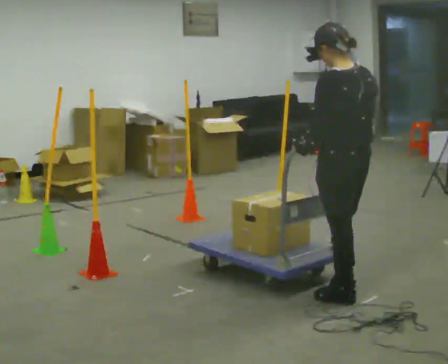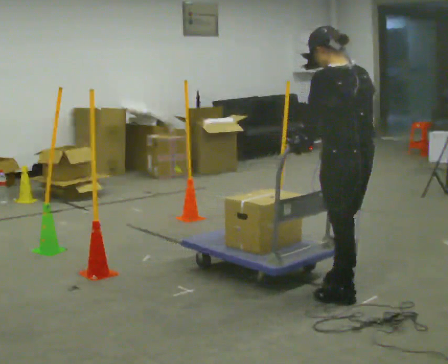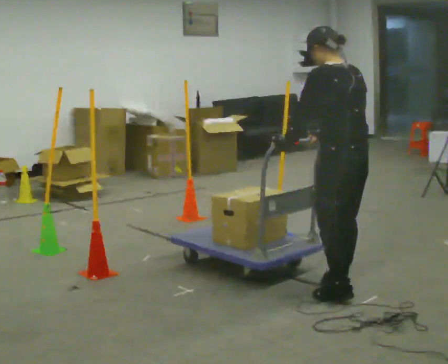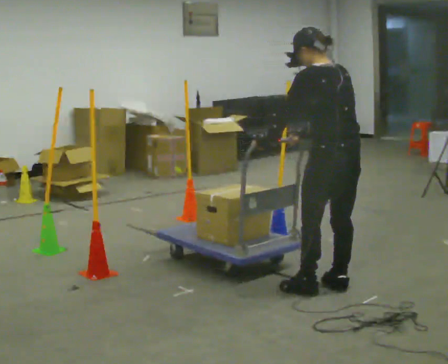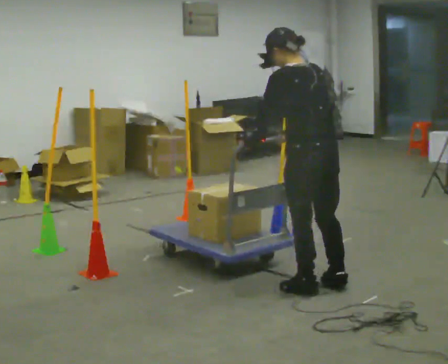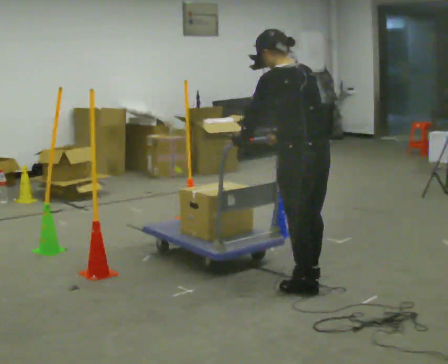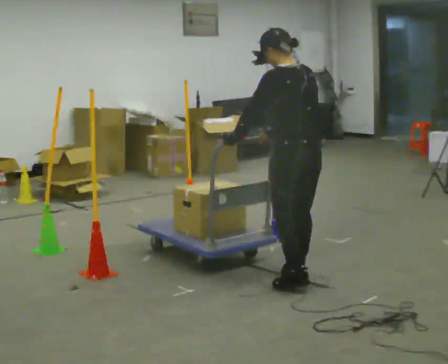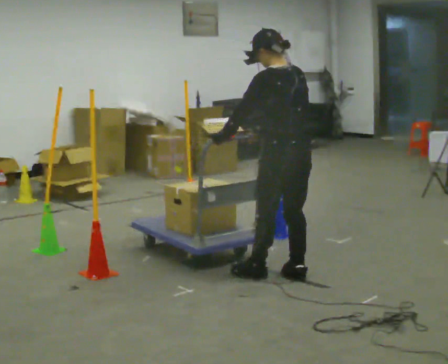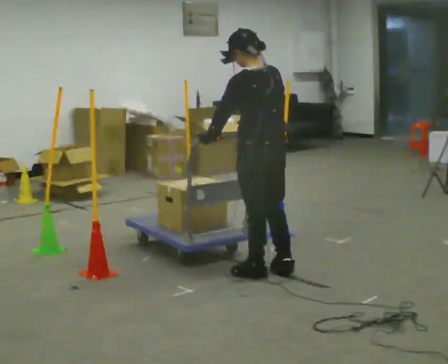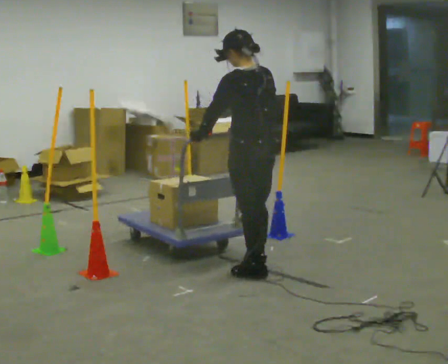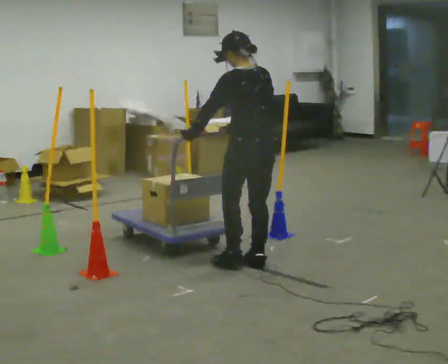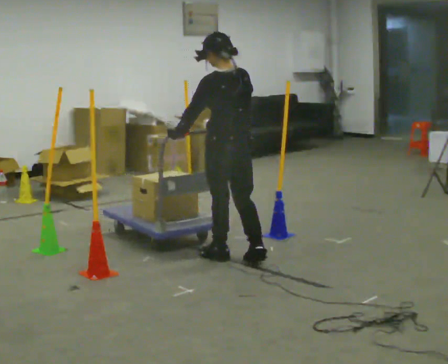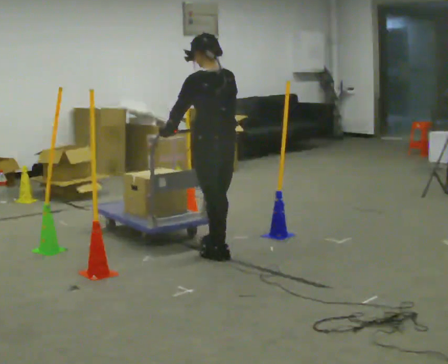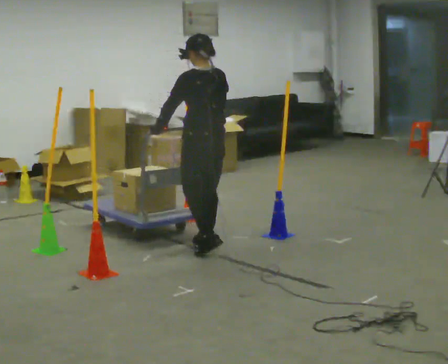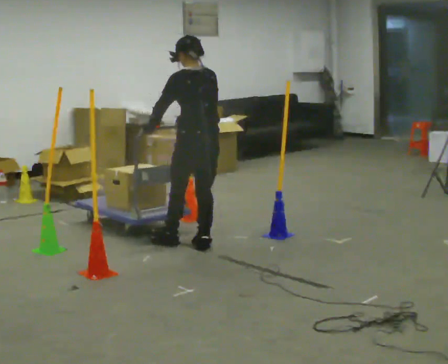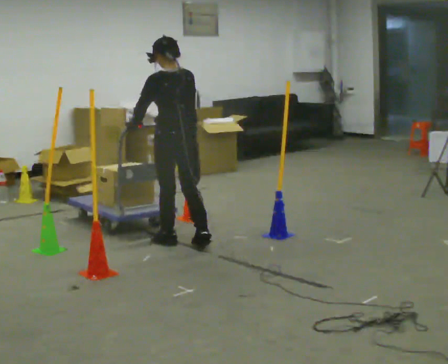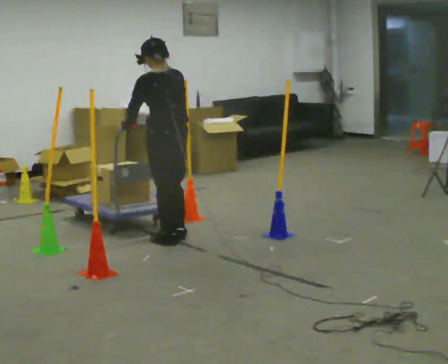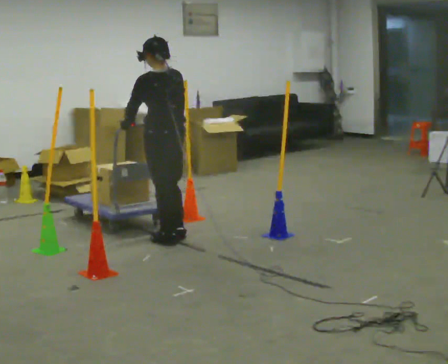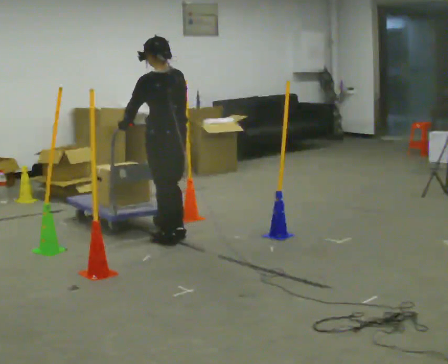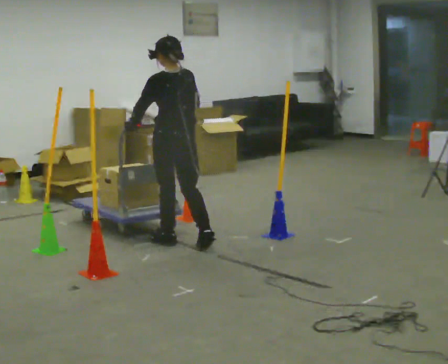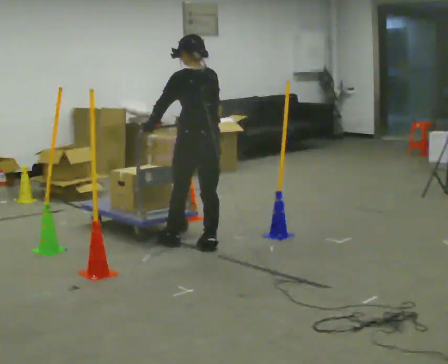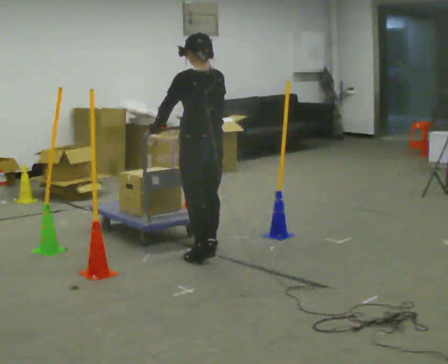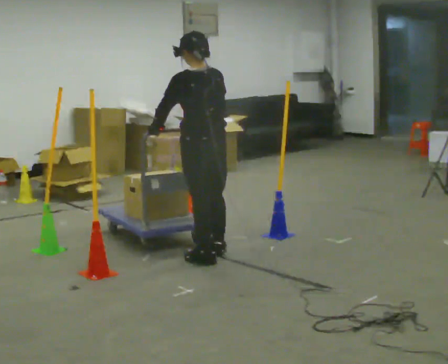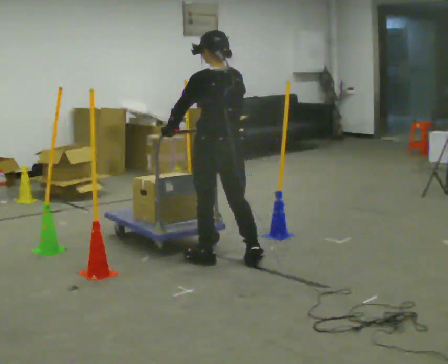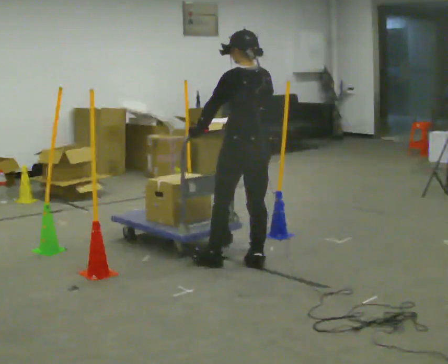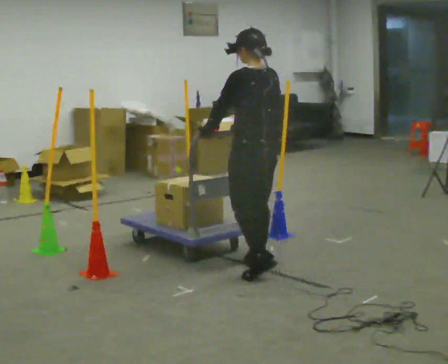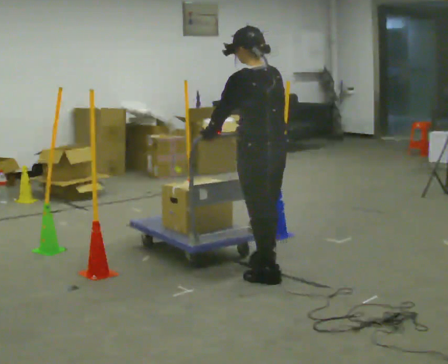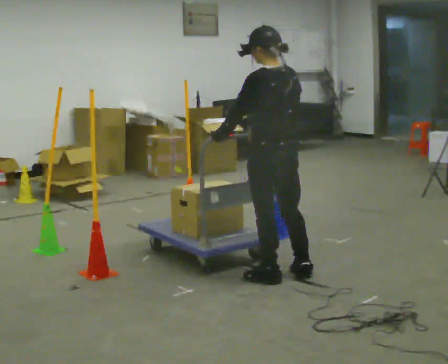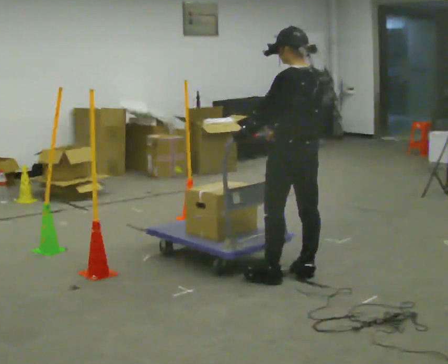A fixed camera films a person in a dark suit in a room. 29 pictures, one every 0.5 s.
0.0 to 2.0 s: In the picture they go away from the camera, about 0.25 m in 1 step, which for them is forward.
2.0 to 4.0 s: In the picture they go away from the camera and to the left, about 0.5 m in 3 steps, which for them is forward.
4.0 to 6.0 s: In the picture they go away from the camera and to the left, about 0.5 m in 2 steps, which for them is forward.
6.0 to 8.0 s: In the picture they go away from the camera and to the left, about 0.5 m in 2 steps, which for them is forward.
8.0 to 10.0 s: In the picture they go to the right, about 0.25 m in 2 steps, which for them is backward and to their right.
10.0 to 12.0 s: In the picture they go toward the camera and to the right, about 0.5 m in 2 steps, which for them is backward.
12.0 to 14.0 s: In the picture they go toward the camera and to the right, about 0.5 m in 1 step, which for them is backward.
The film runs backward here.
